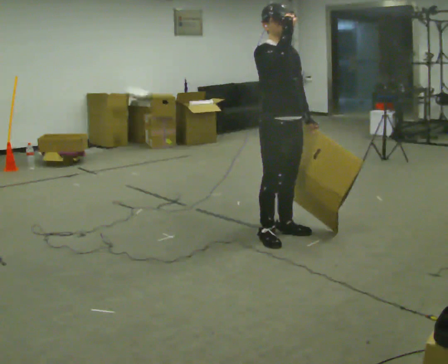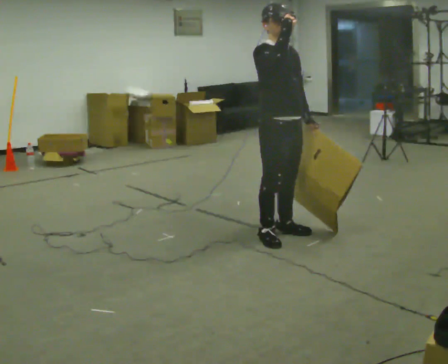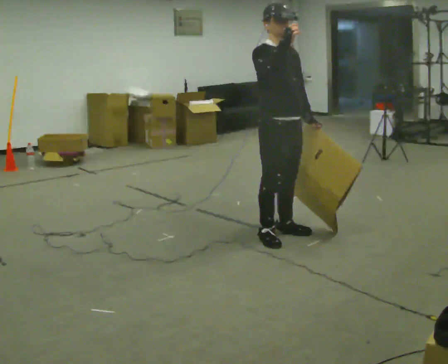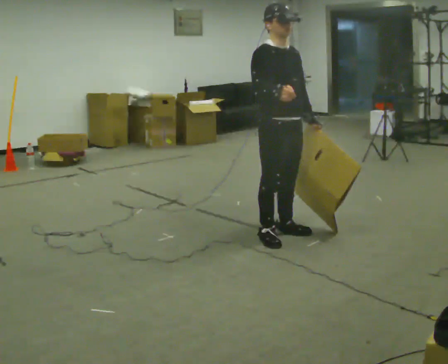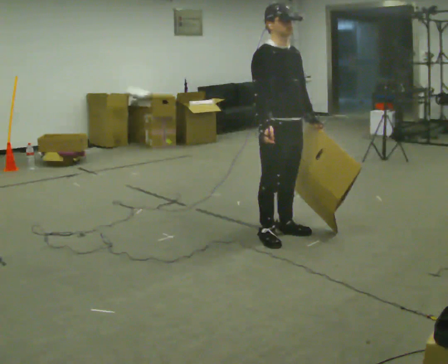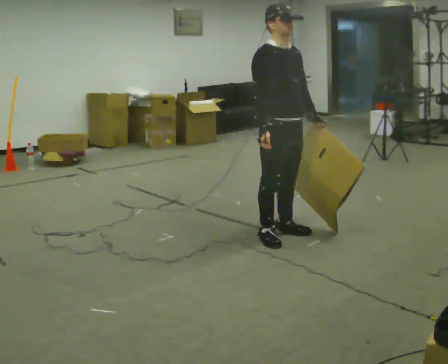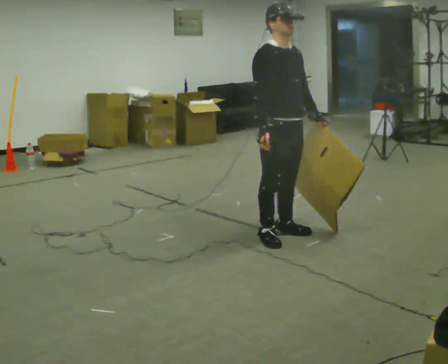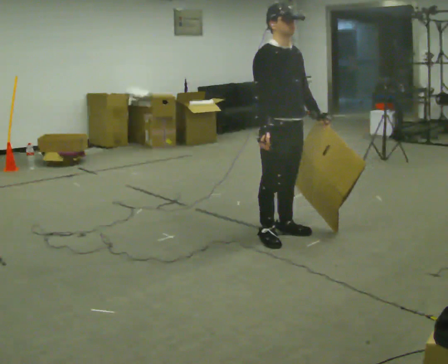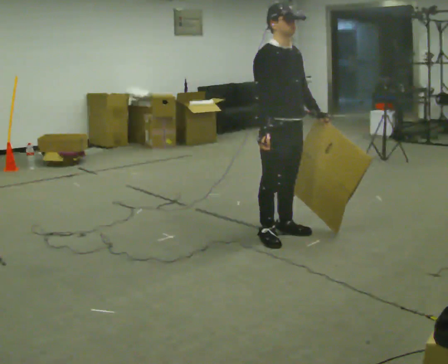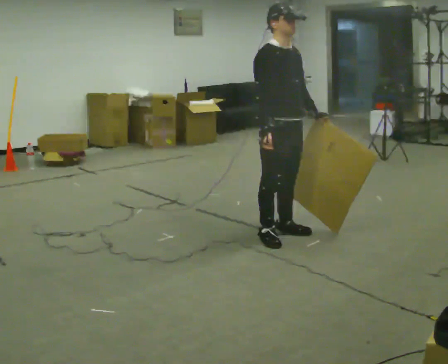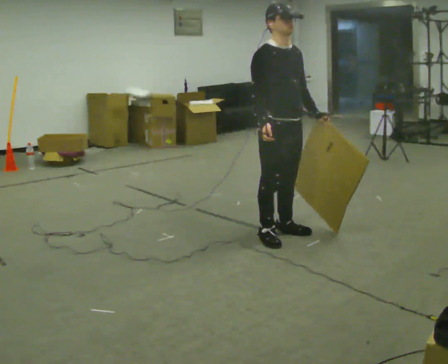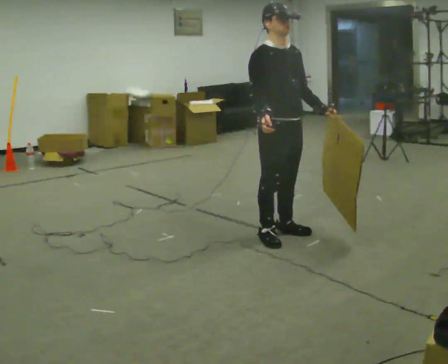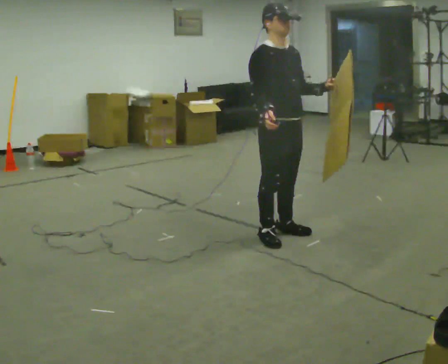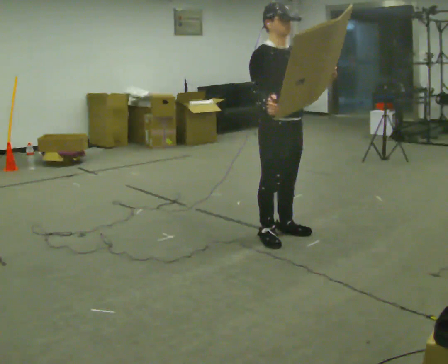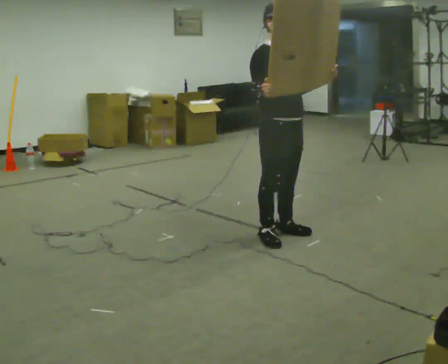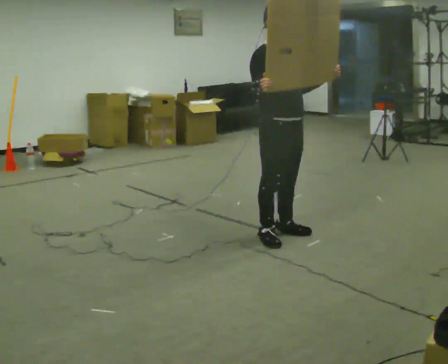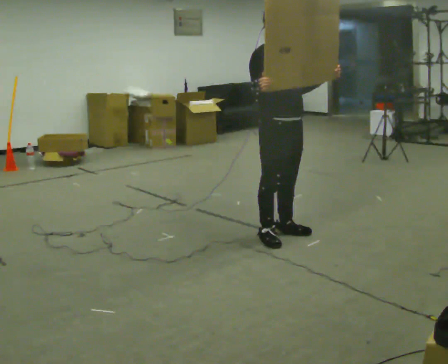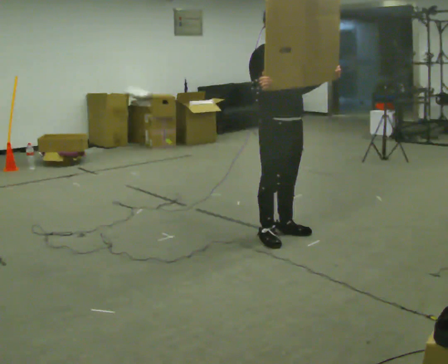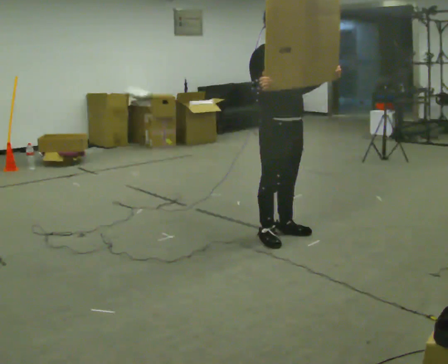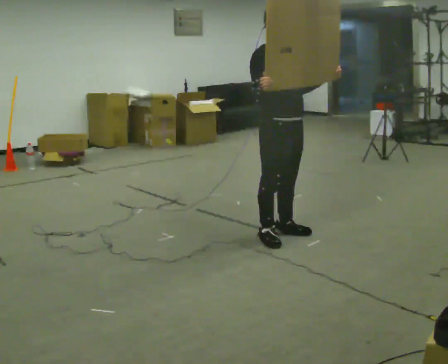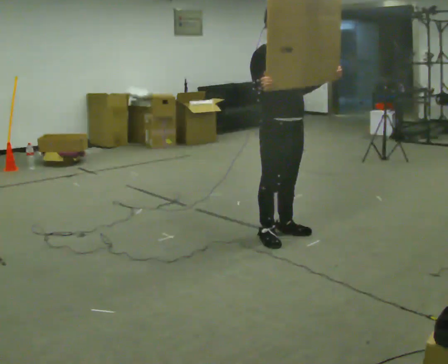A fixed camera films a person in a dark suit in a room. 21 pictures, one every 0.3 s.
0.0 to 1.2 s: In the picture their right hand goes downward.
1.2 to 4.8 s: In the picture their left hand goes upward.
4.8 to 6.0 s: The person keeps their place and pose.
The film runs backward here.
